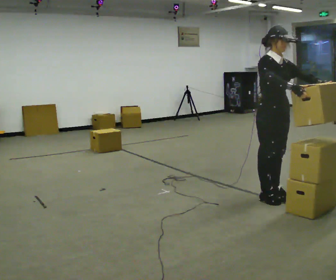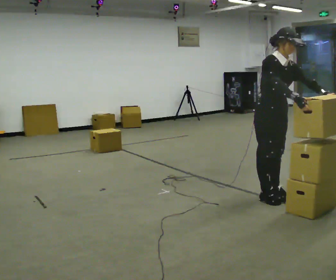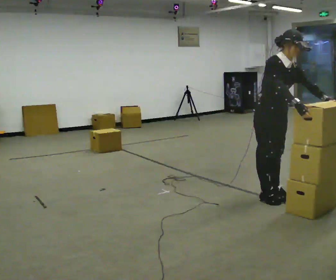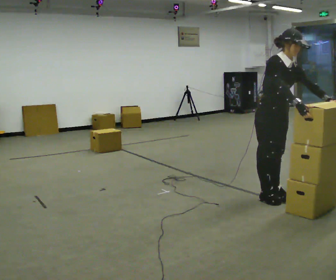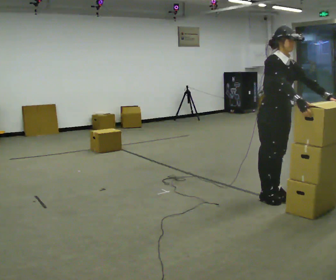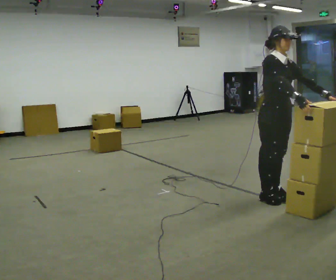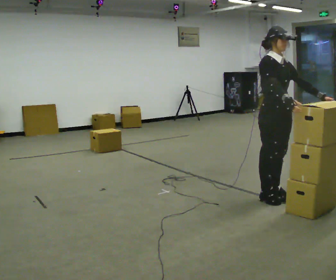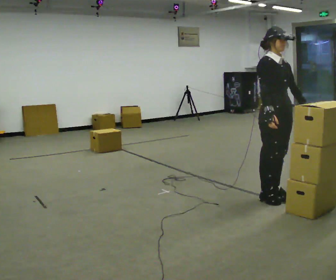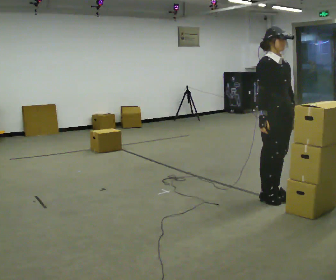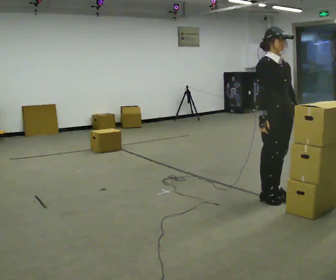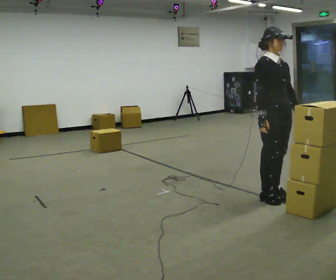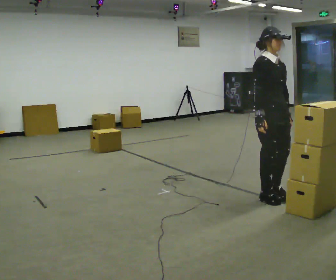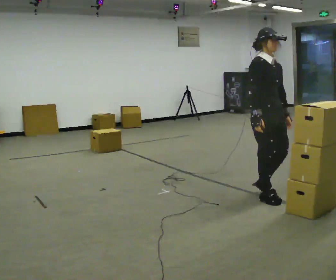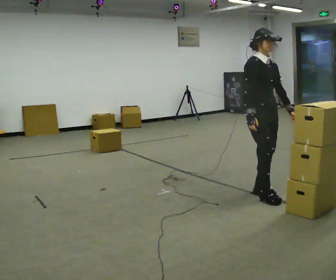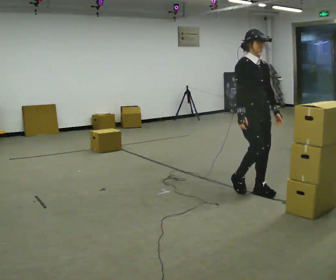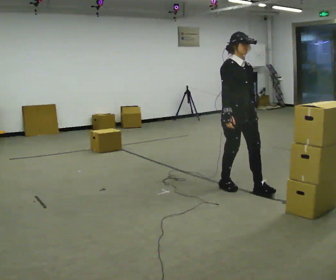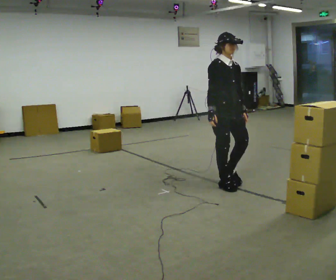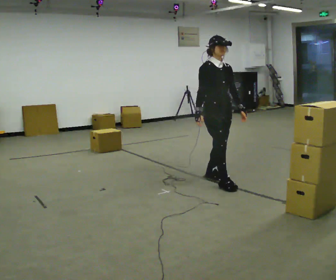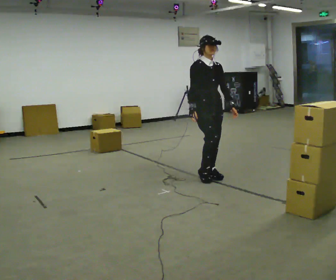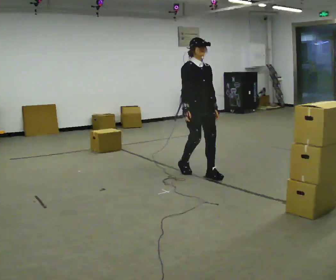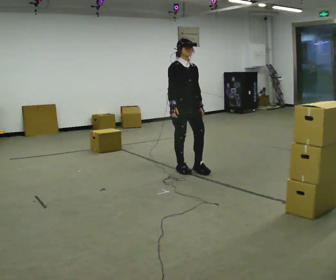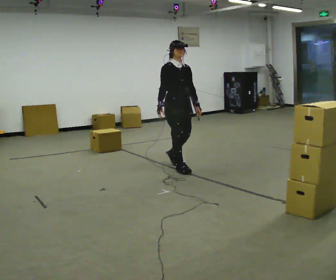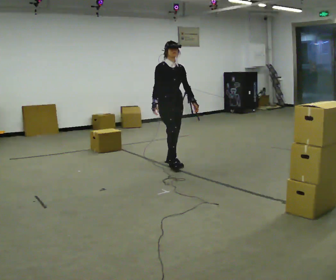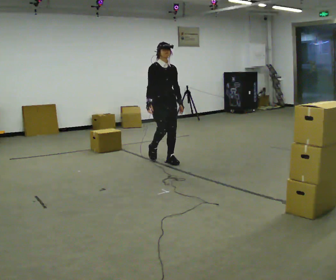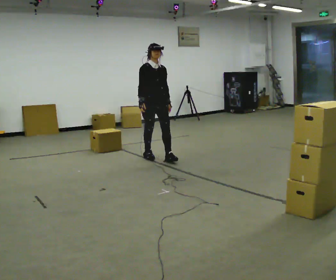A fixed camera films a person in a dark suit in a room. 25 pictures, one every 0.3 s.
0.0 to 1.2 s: The person moves a little, or ends about where they began.
1.2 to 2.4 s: In the picture the upper body tilts counterclockwise, shoulders to the left, as they lean back or straighten. In the picture their left hand goes to the left.
2.4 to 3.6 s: The person moves a little, or ends about where they began.
3.6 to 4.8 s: In the picture they go to the left and away from the camera, about 0.5 m in 2 steps, which for them is backward.
4.8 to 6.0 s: In the picture they go to the left and away from the camera, about 1 m in 2 steps, which for them is backward.
6.0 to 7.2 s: In the picture they go away from the camera and to the left, about 1 m in 2 steps, which for them is backward.
The film runs backward here.
